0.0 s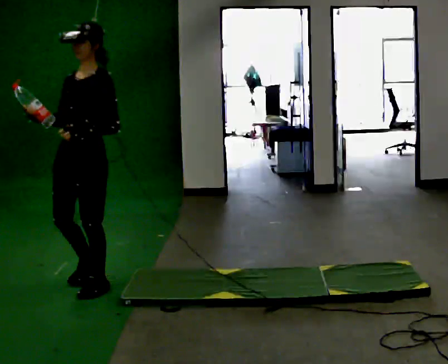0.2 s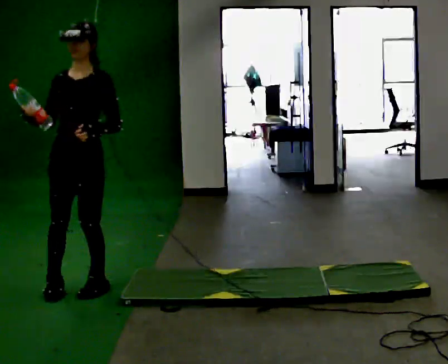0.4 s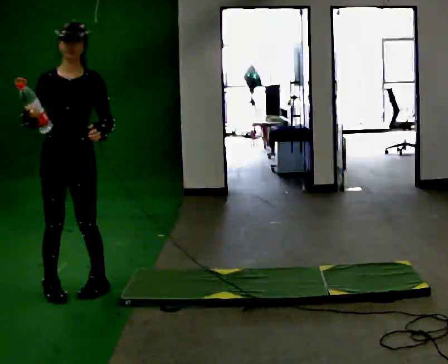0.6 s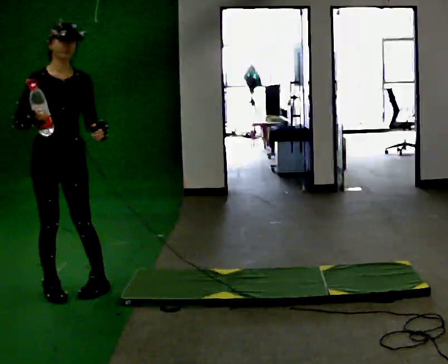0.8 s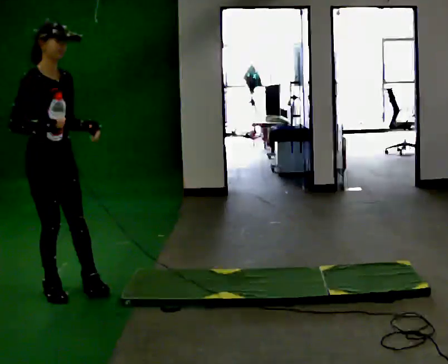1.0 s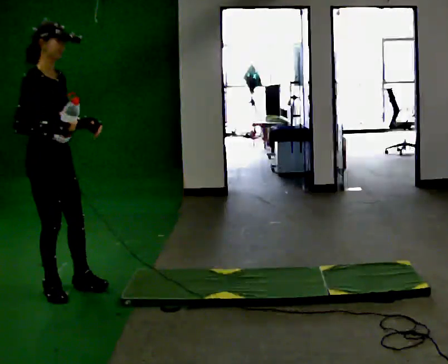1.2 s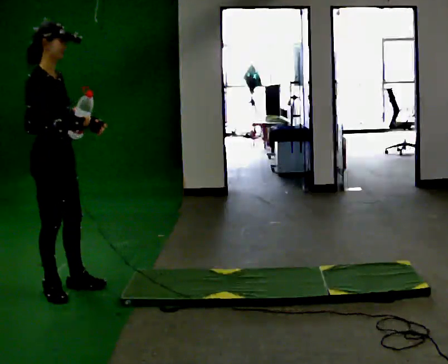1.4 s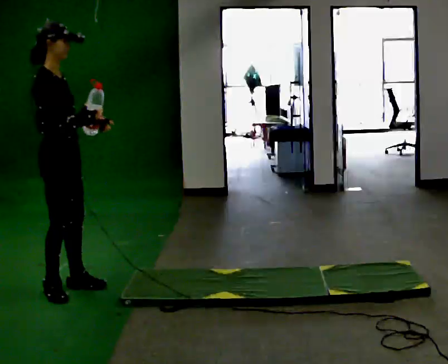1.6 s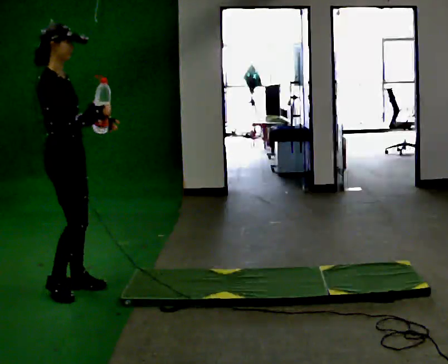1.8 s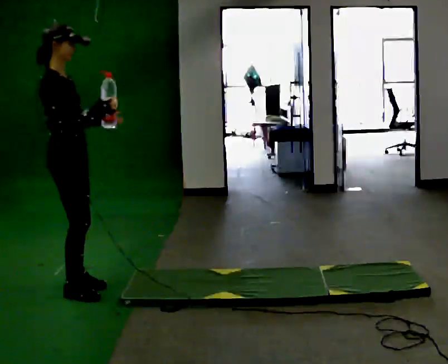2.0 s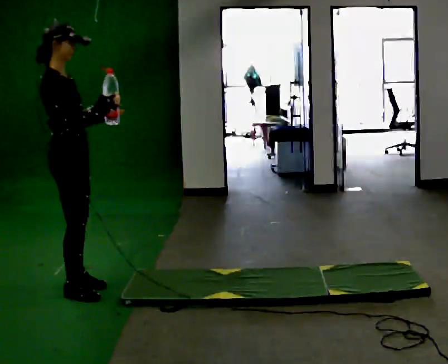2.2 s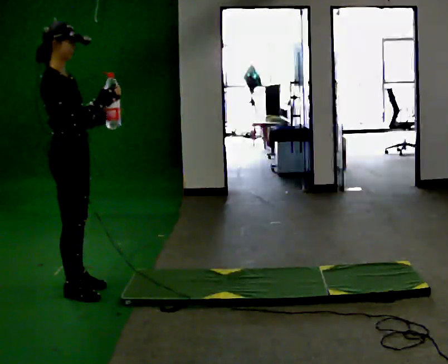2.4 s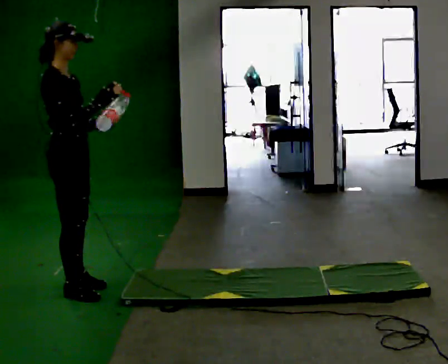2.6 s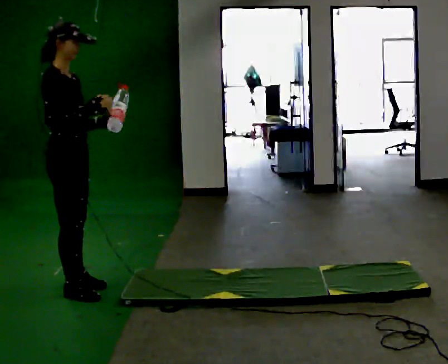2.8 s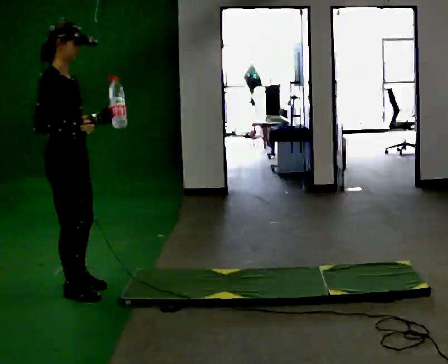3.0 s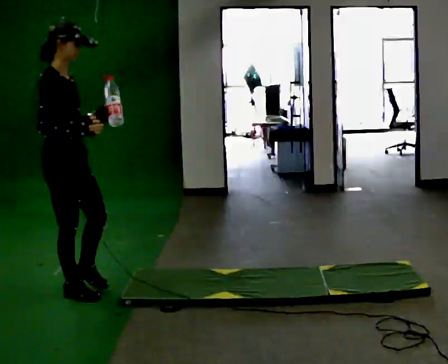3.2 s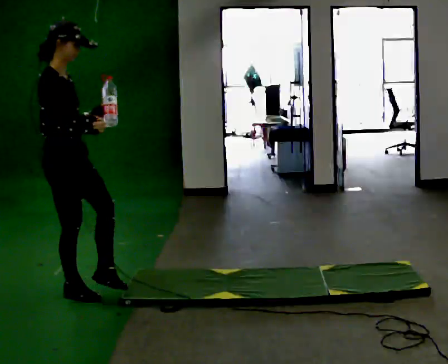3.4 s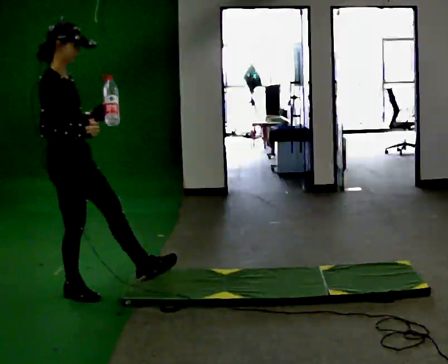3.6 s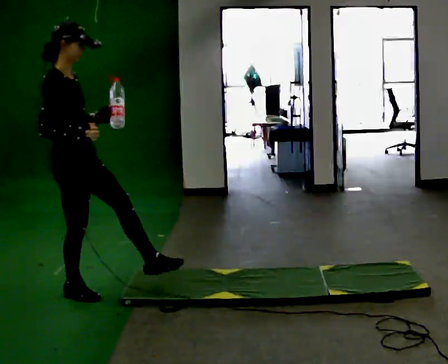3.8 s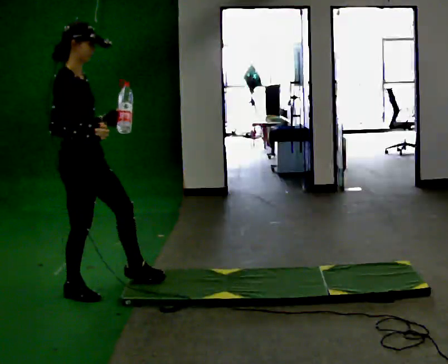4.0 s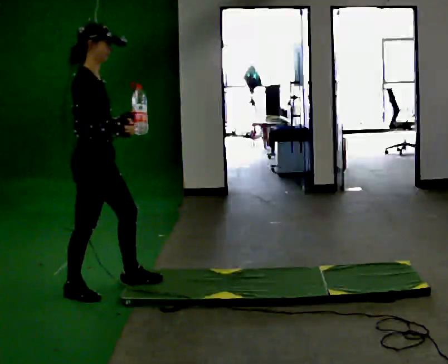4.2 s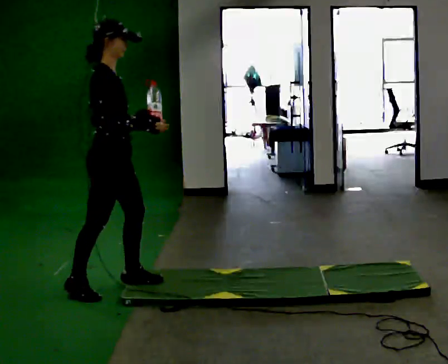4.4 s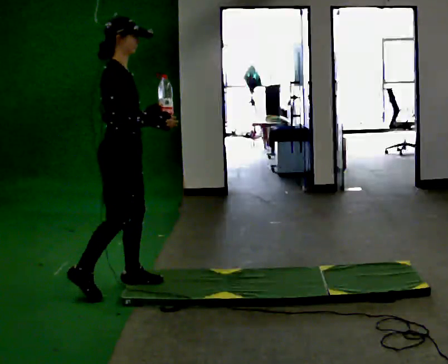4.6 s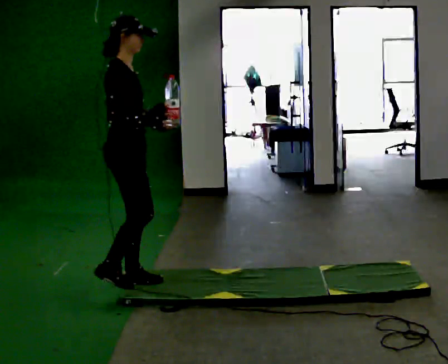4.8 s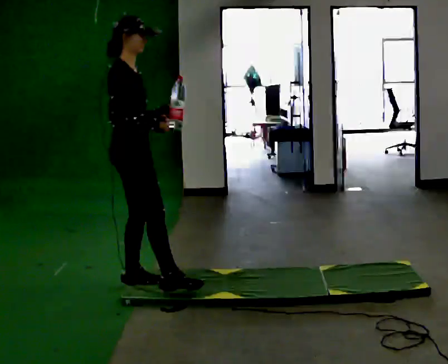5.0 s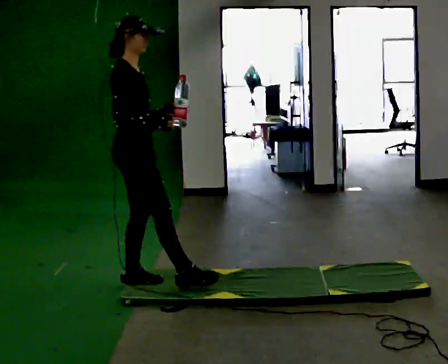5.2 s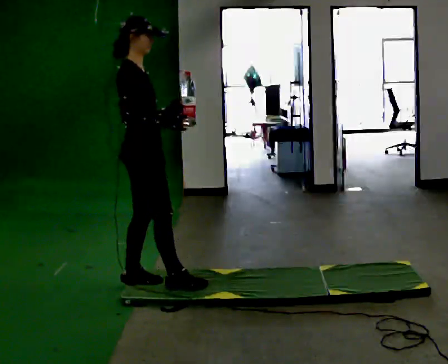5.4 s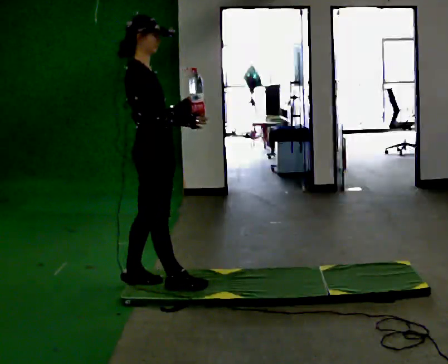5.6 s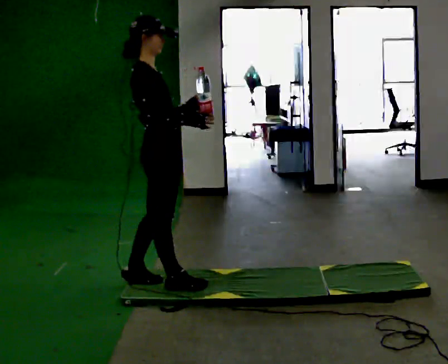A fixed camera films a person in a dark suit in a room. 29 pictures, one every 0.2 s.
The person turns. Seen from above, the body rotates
counterclockwise.
The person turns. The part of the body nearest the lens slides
to the right.
0.0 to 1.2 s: The part of the body nearest the lens slides to the right as the person turns to their left by about 120 degrees. In the picture they go to the left, about 0.25 m in 2 steps.
1.2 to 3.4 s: The person moves a little, or ends about where they began.
3.4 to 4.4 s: In the picture they go to the right, about 0.25 m in 1 step, which for them is forward and to their left.
4.4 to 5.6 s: In the picture they go to the right, about 0.25 m in 1 step, which for them is forward.
The film runs forward here.
